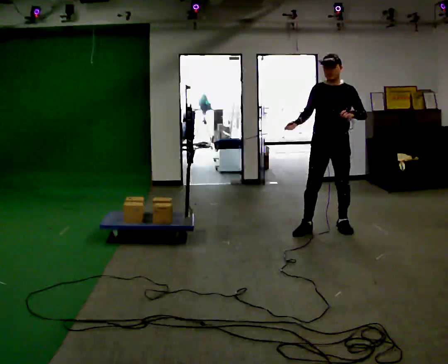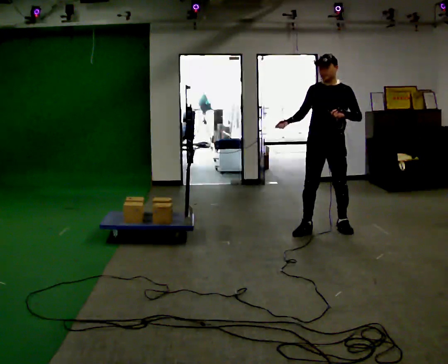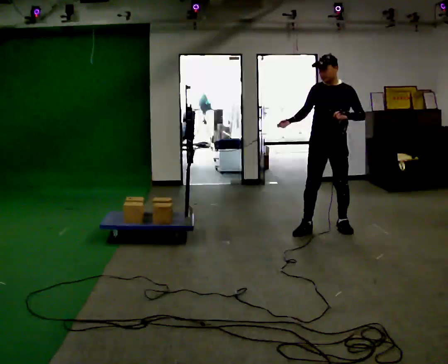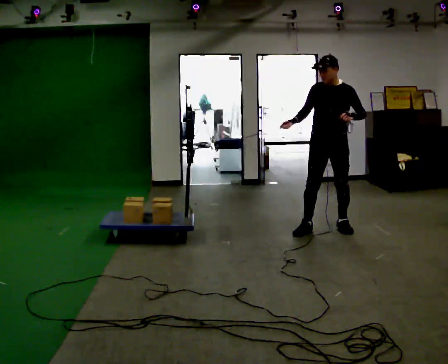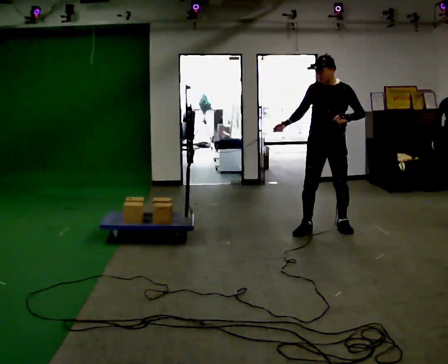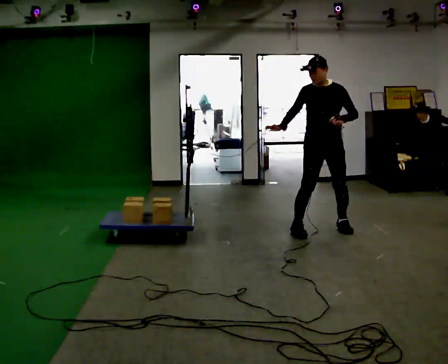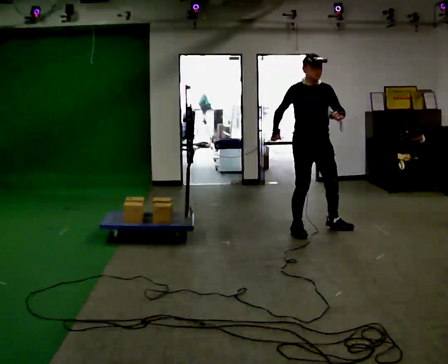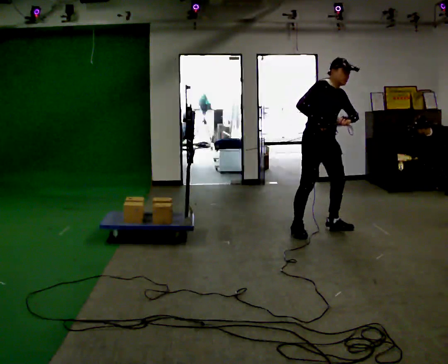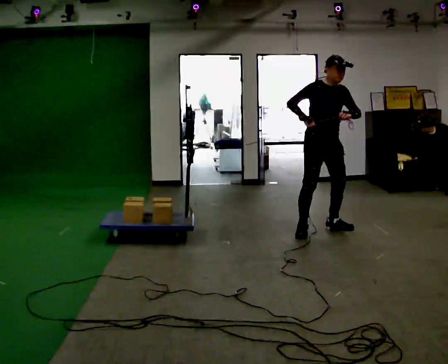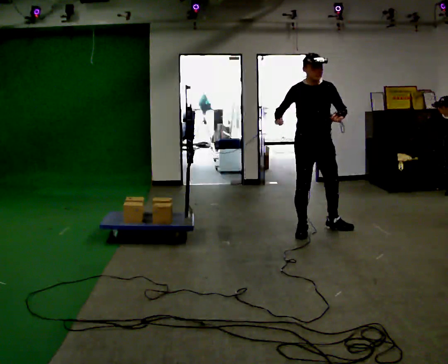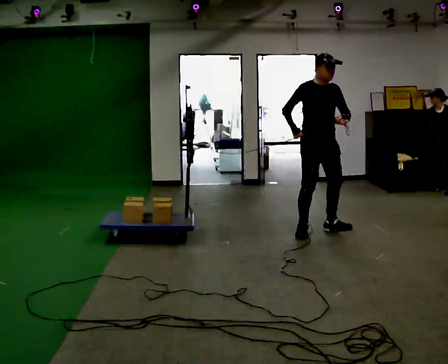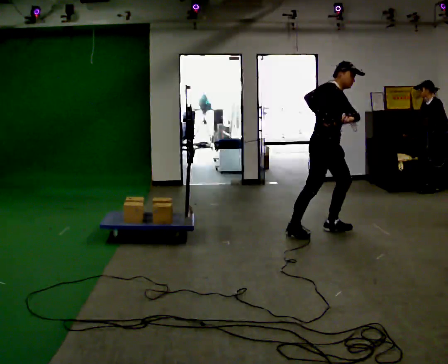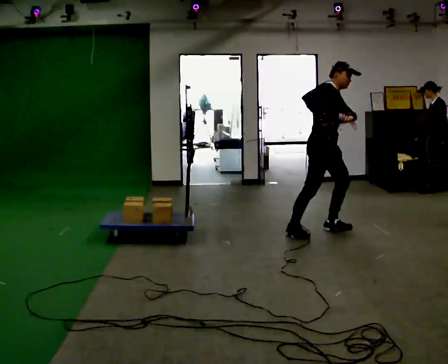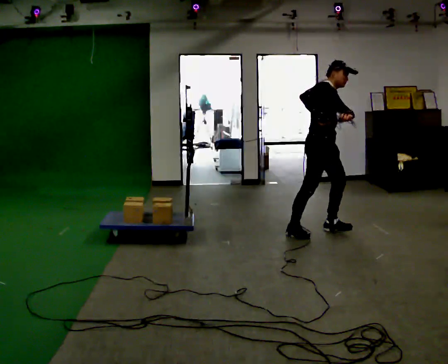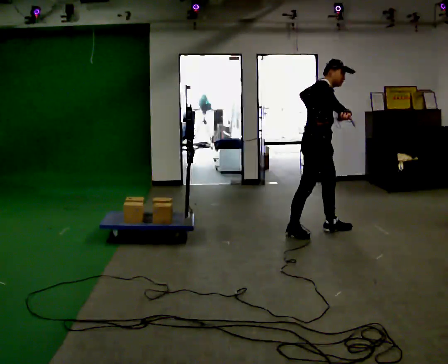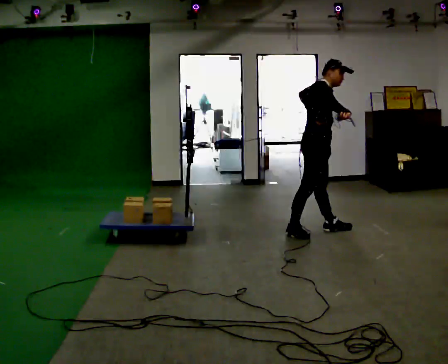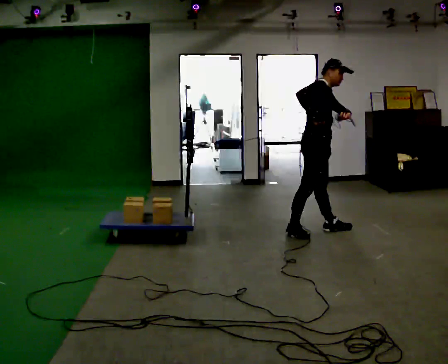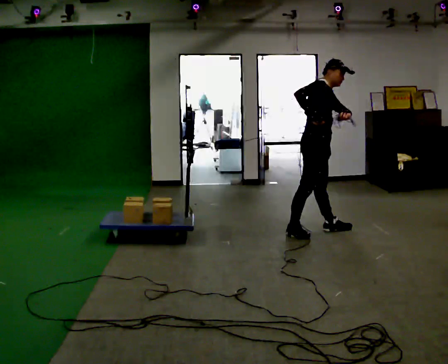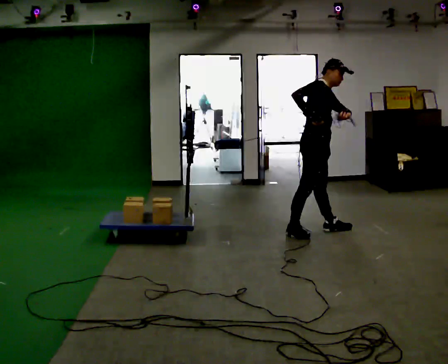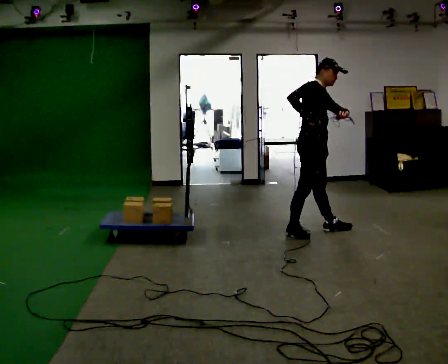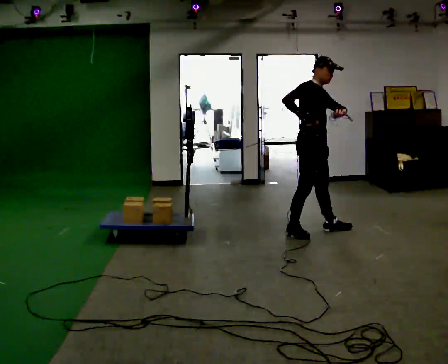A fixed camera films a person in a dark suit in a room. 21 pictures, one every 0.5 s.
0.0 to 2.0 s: The person moves a little, or ends about where they began.
2.0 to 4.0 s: Seen from above the body turns counterclockwise, about 45 degrees: to their left, with its near side sliding to the right.
4.0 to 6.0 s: The part of the body nearest the lens slides to the right as the person turns to their left by about 45 degrees.
6.0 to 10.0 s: The person moves a little, or ends about where they began.
The film runs backward here.
